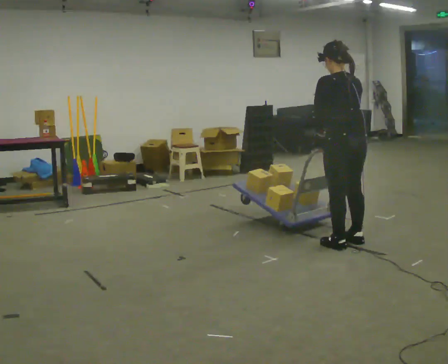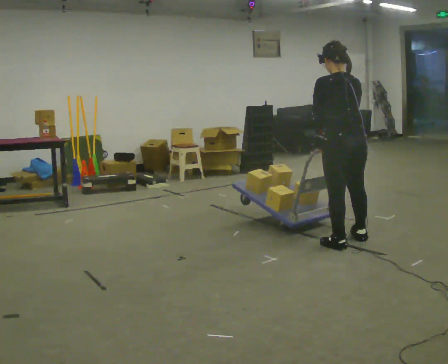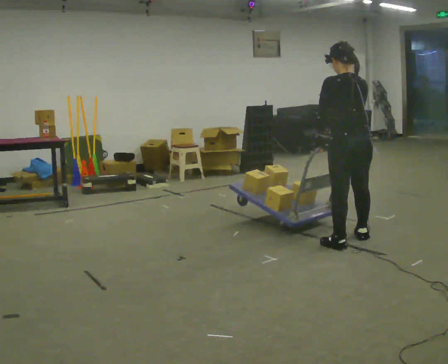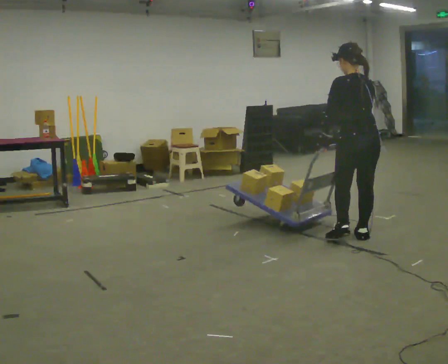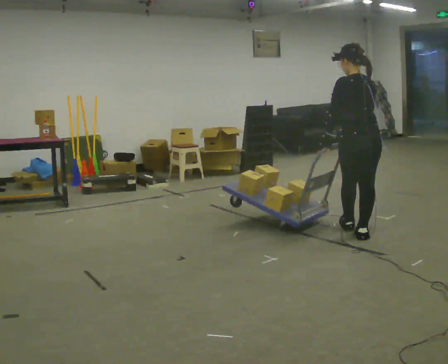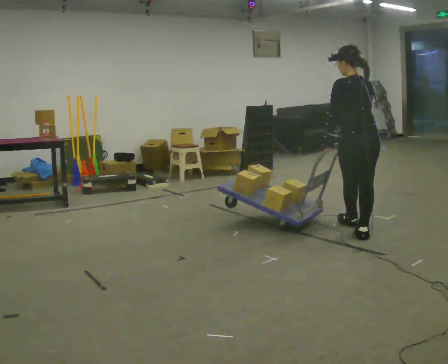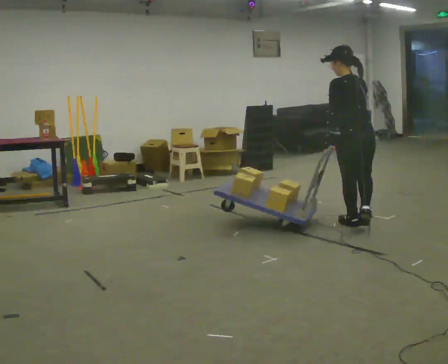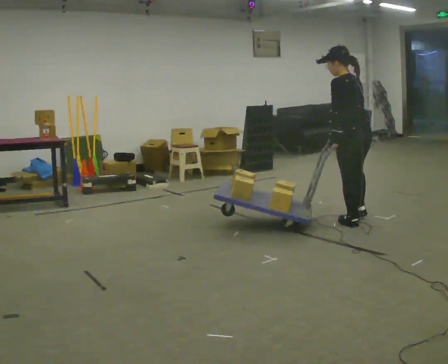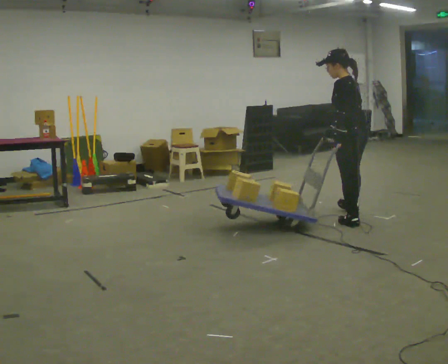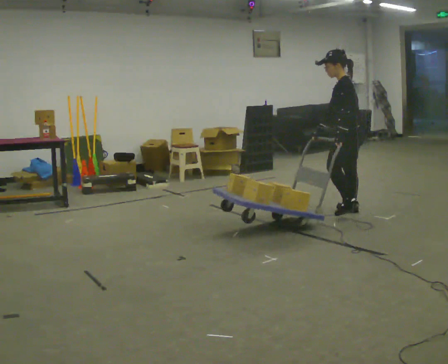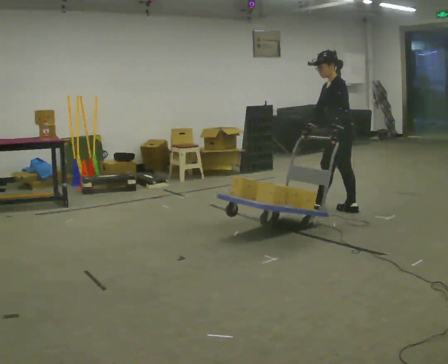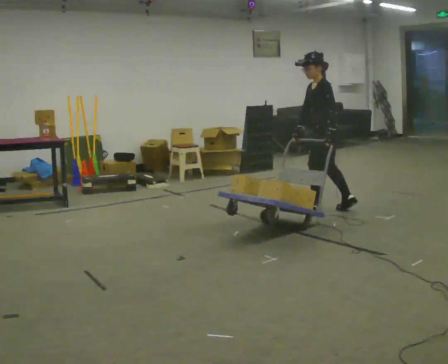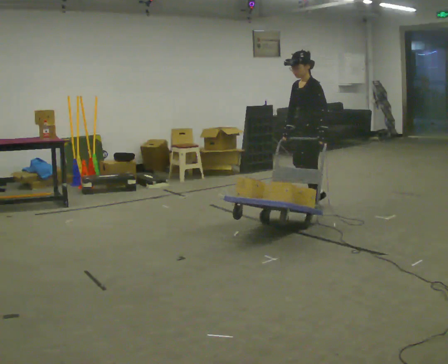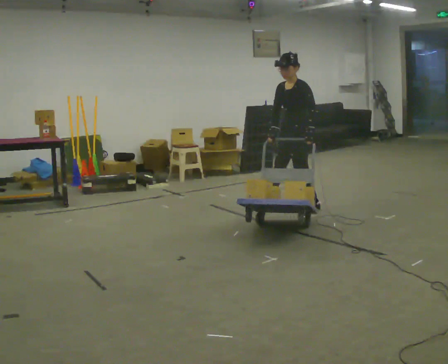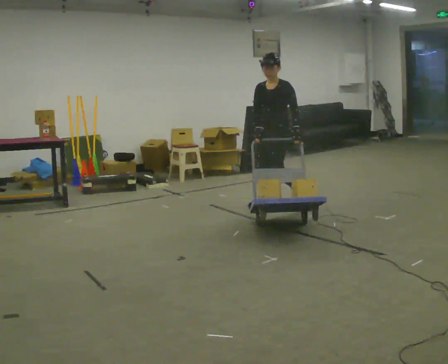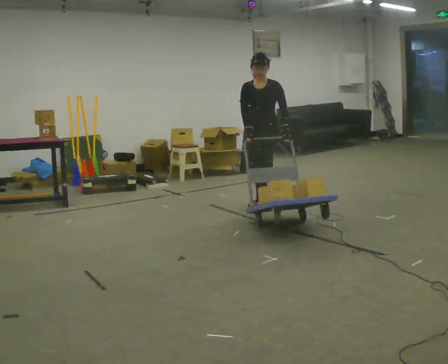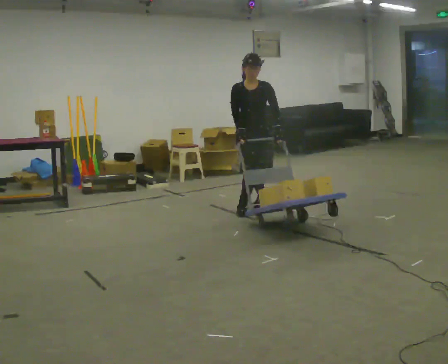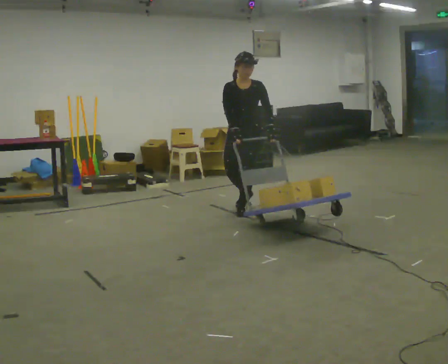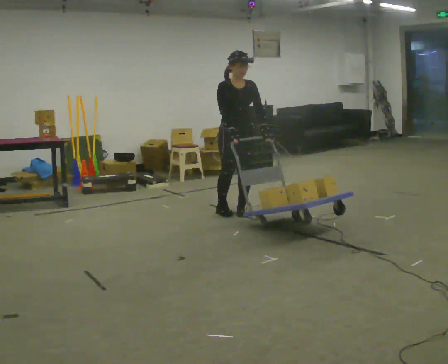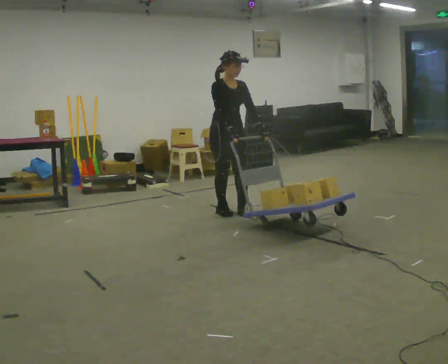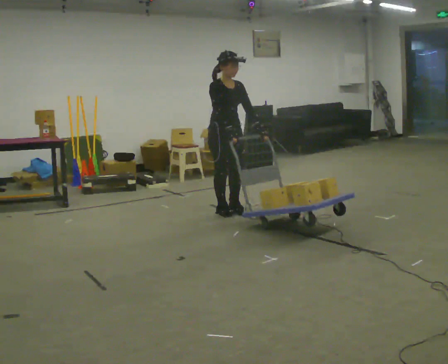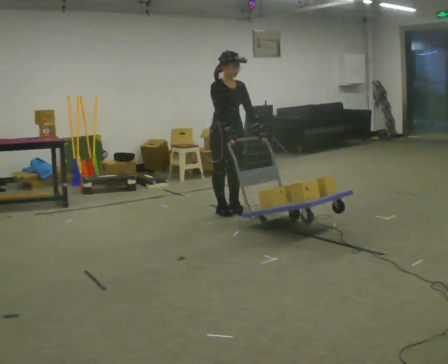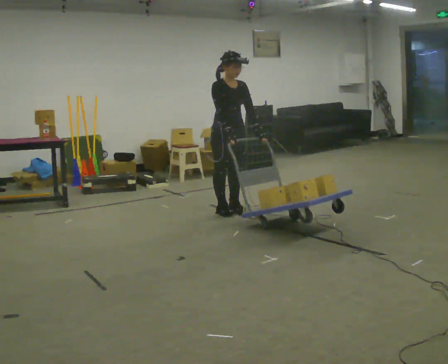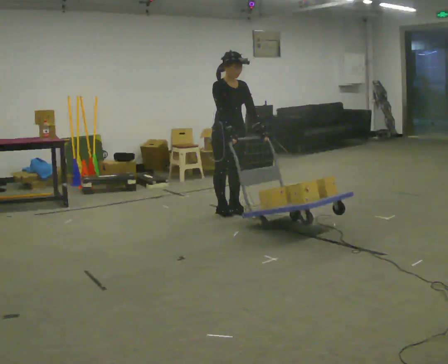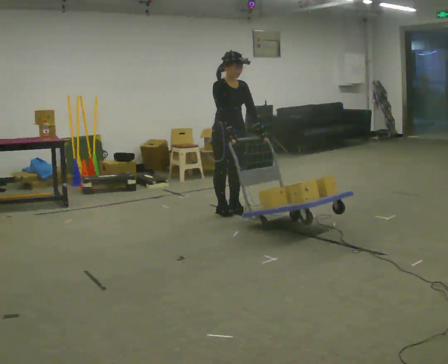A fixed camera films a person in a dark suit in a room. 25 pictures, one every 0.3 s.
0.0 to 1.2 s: In the picture they go away from the camera and to the right, about 0.25 m, which for them is to their right and forward.
1.2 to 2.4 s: Seen from above the body turns counterclockwise, about 45 degrees: to their left, with its near side sliding to the right. In the picture they go away from the camera, about 0.5 m in 2 steps, which for them is forward.
2.4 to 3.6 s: The person turns about 60 degrees to their left, counterclockwise seen from above, so the part of the body nearest the lens slides to the right. In the picture they go away from the camera and to the left, about 0.5 m in 1 step, which for them is forward and to their right.
3.6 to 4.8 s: Seen from above the body turns counterclockwise, about 45 degrees: to their left, with its near side sliding to the right. In the picture they go to the left, about 0.5 m in 2 steps, which for them is to their right and forward.
4.8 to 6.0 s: The part of the body nearest the lens slides to the right as the person turns to their left by about 60 degrees. In the picture they go to the left, about 0.25 m in 1 step.
6.0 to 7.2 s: The person moves a little, or ends about where they began.
The film runs forward here.
